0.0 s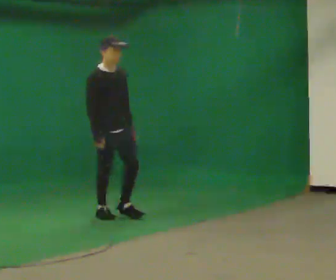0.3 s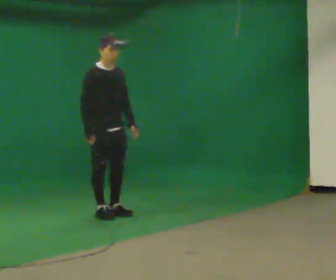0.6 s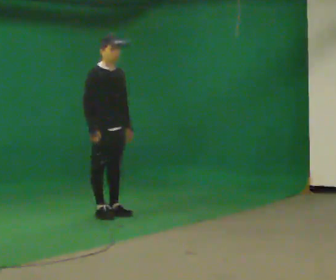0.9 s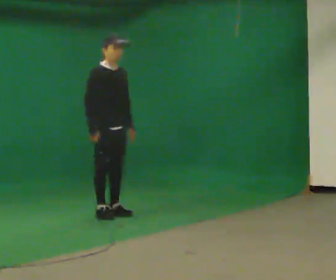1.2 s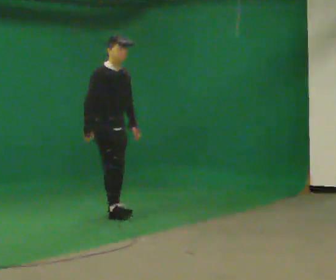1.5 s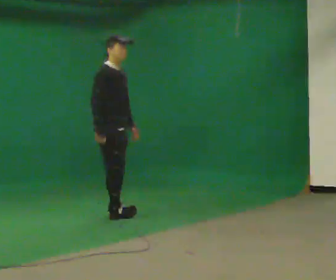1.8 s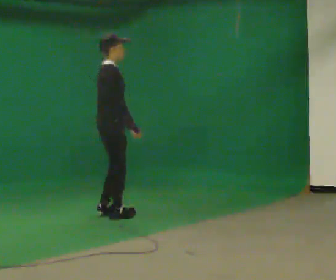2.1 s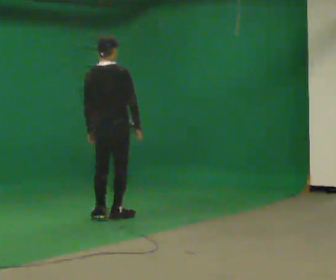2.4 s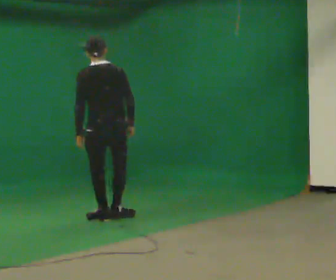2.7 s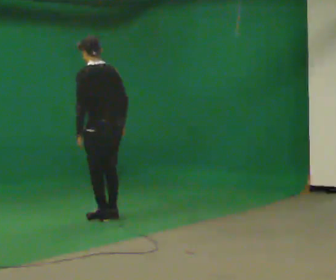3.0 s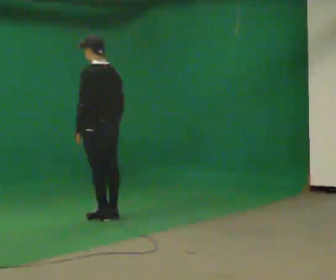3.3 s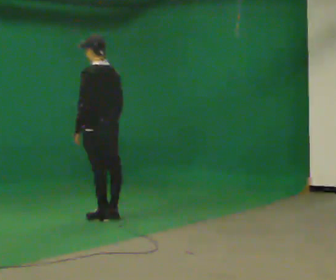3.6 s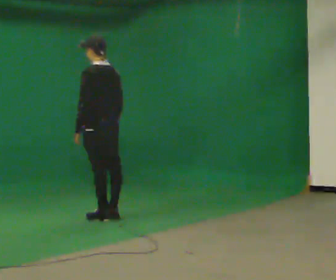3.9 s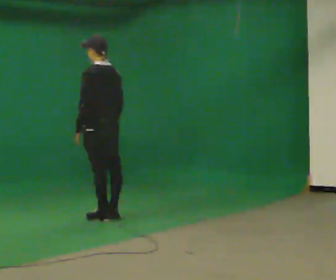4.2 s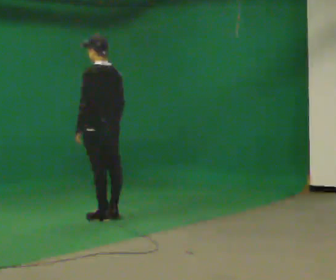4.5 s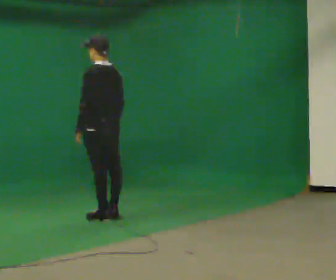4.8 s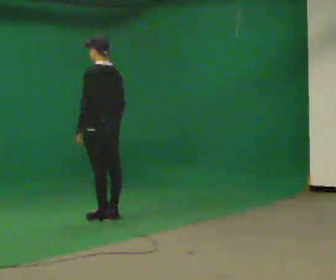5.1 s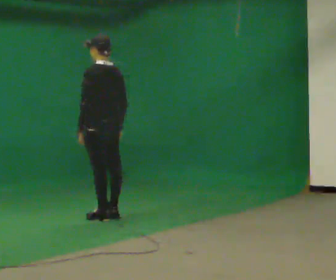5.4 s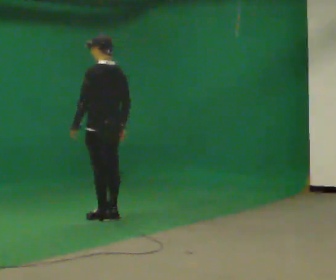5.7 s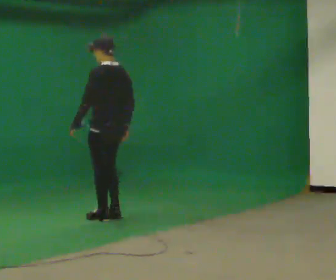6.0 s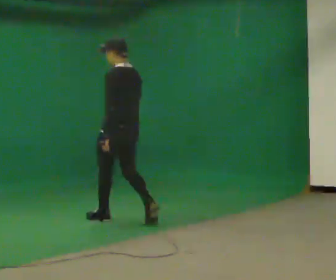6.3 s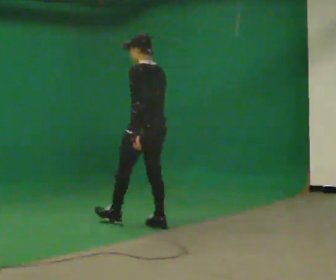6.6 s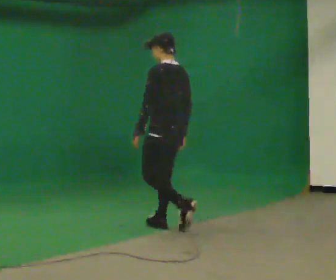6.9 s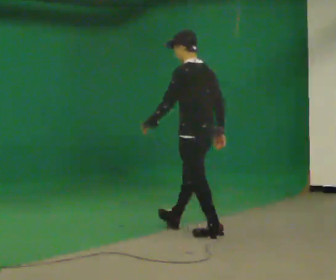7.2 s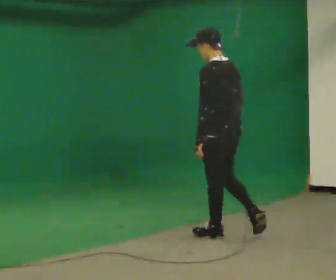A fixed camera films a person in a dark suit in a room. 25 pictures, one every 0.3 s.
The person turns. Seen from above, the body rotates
counterclockwise.
The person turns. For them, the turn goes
to their left.
0.0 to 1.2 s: In the picture they go away from the camera, about 0.25 m in 1 step, which for them is backward.
1.2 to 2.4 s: Seen from above the body turns counterclockwise, about 135 degrees: to their left, with its near side sliding to the right. In the picture they go toward the camera, about 0.25 m in 1 step. In the picture the upper body tilts counterclockwise, shoulders to the left.
2.4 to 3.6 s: Seen from above the body turns counterclockwise, about 45 degrees: to their left, with its near side sliding to the right.
3.6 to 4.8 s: The person keeps their place and pose.
4.8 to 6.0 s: In the picture they go toward the camera and to the right, about 0.25 m in 1 step, which for them is backward.
6.0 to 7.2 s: In the picture they go toward the camera and to the right, about 1 m in 2 steps, which for them is backward.
The film runs backward here.
